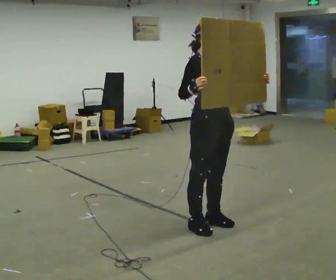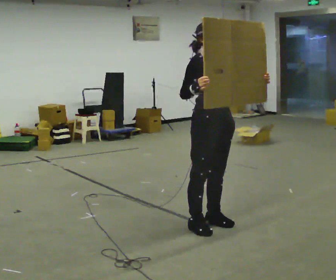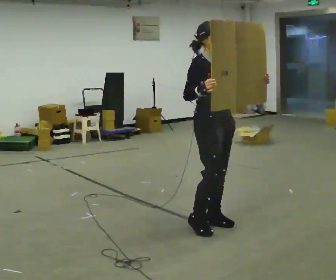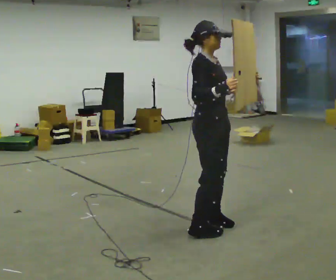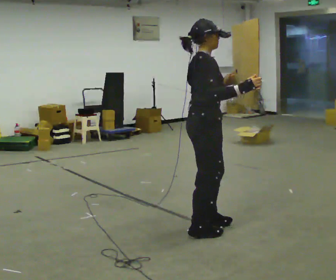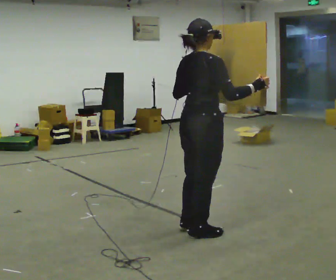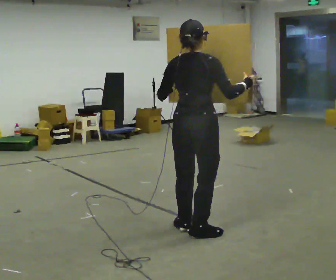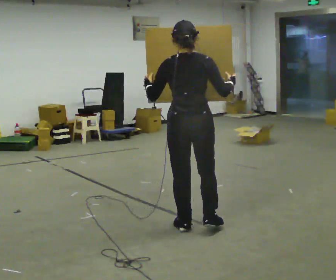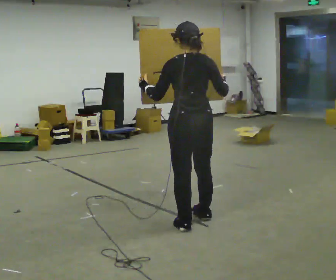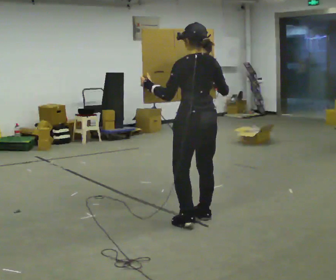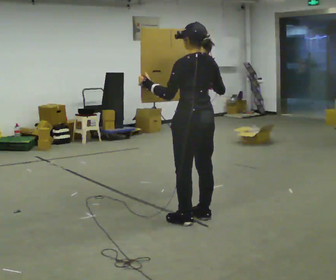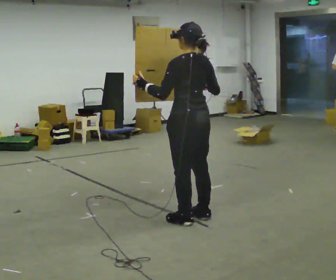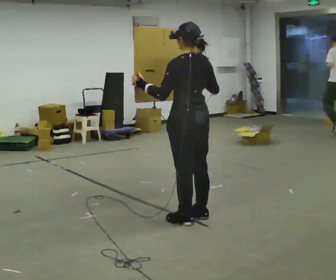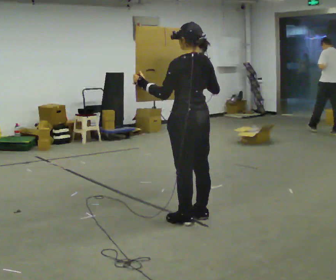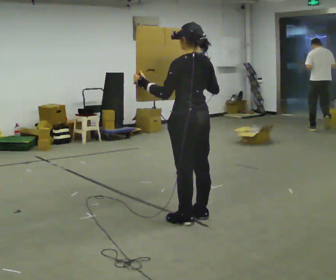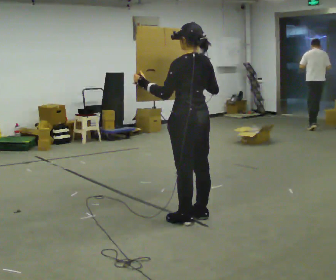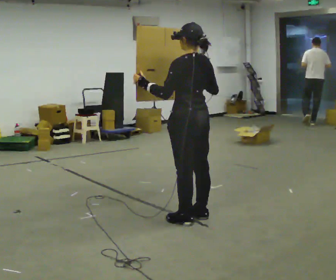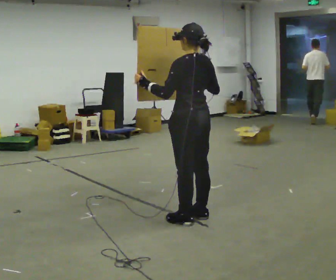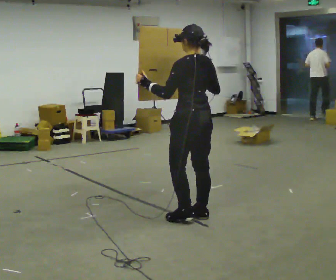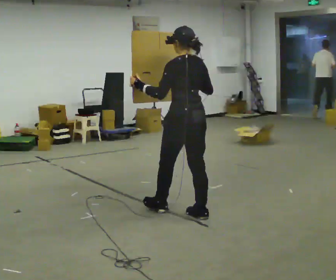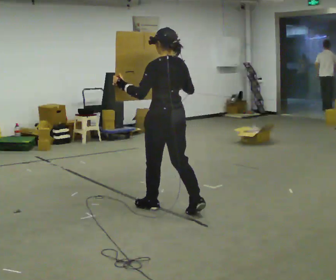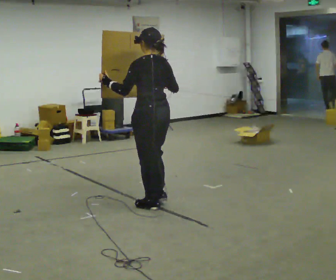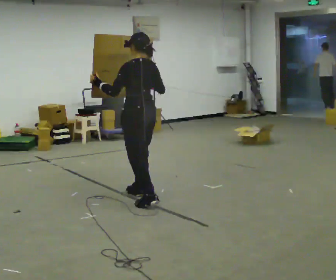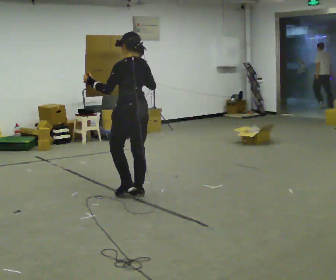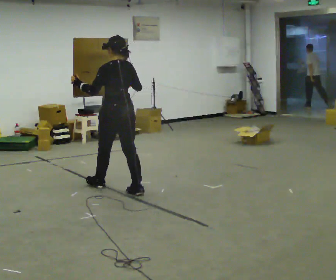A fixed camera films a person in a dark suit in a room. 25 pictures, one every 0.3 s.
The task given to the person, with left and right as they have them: Carry the large panel across the room. It will block your view ahead, so take whatever route feels safe. Keep going until the operator says stop; one object at a time, and do not rush between trips.
0.0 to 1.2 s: The person turns about 60 degrees to their left, counterclockwise seen from above, so the part of the body nearest the lens slides to the right. In the picture they go toward the camera, about 0.25 m in 1 step, which for them is to their right. In the picture their right hand goes to the right.
1.2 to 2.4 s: The person turns about 105 degrees to their left, counterclockwise seen from above, so the part of the body nearest the lens slides to the right. In the picture they go away from the camera, about 0.25 m in 2 steps.
2.4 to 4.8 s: The person moves a little, or ends about where they began.
4.8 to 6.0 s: In the picture they go to the left and away from the camera, about 0.25 m in 1 step, which for them is forward.
6.0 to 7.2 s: In the picture they go to the left and away from the camera, about 1 m in 2 steps, which for them is forward.
The film runs forward here.
